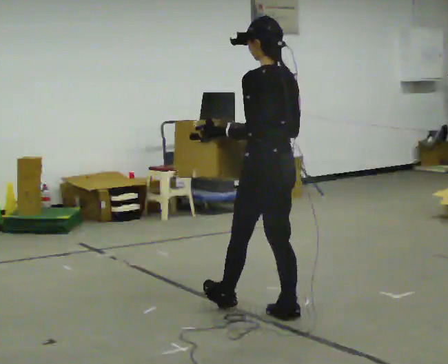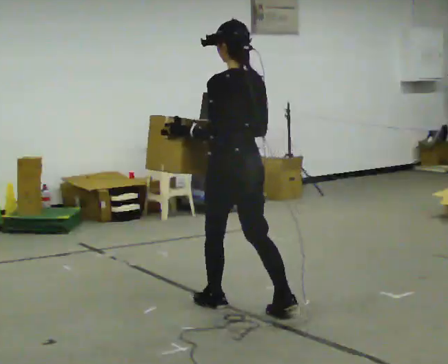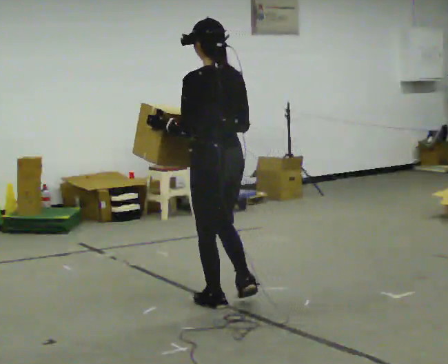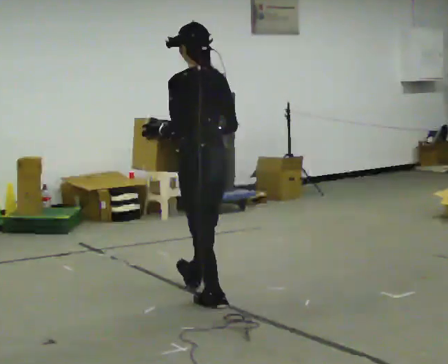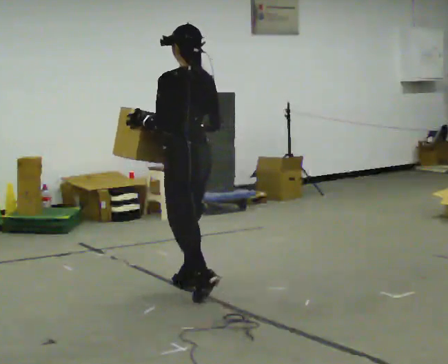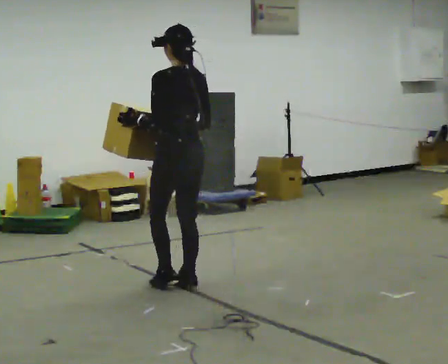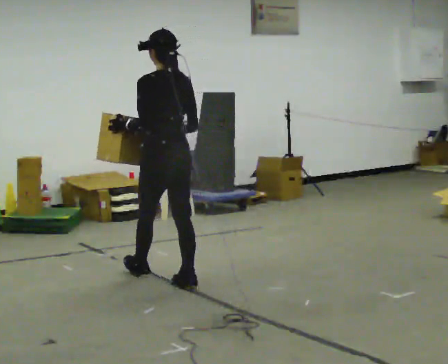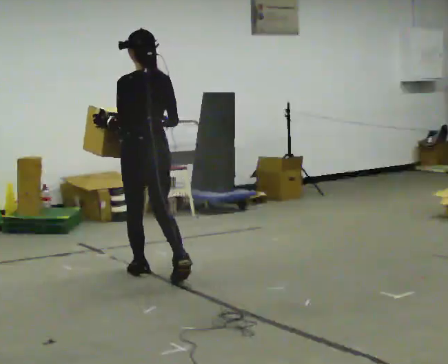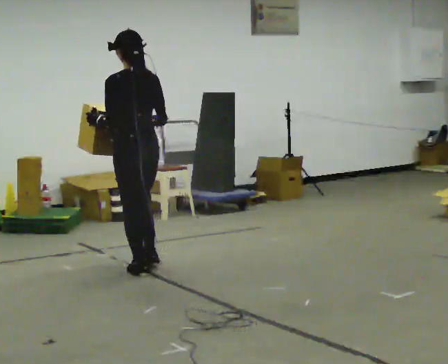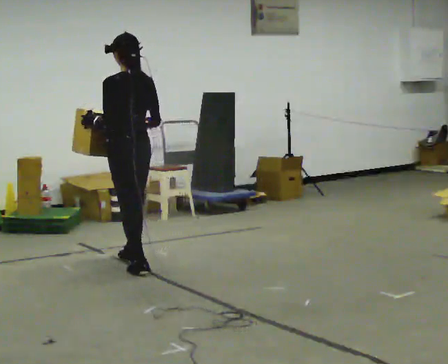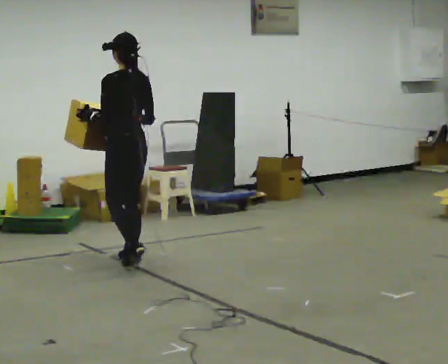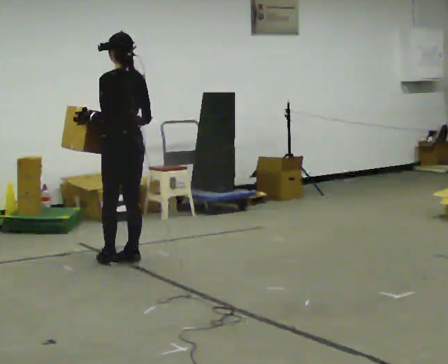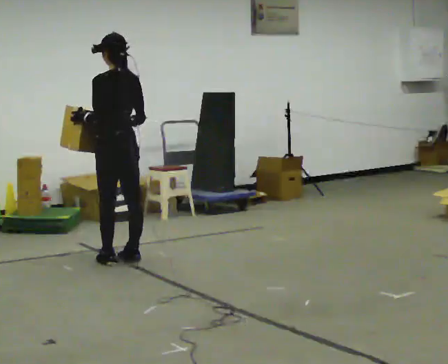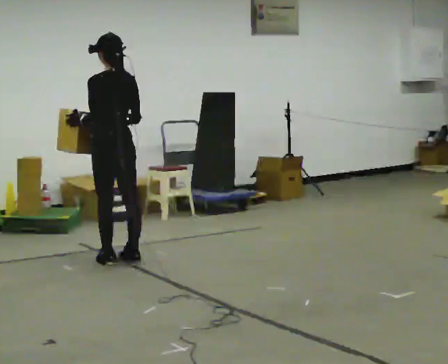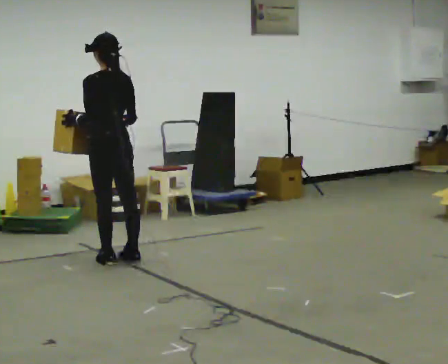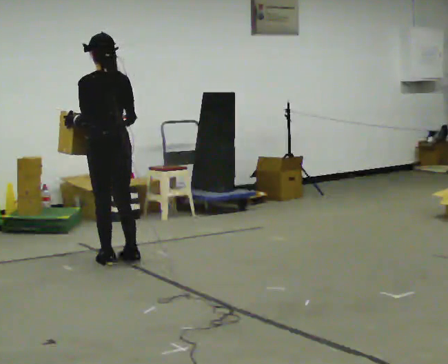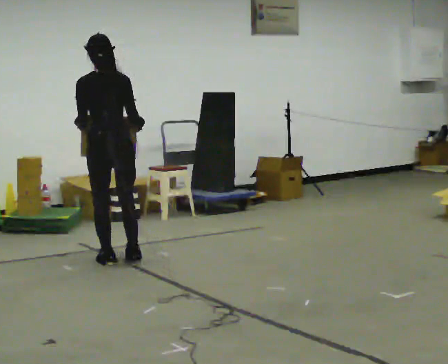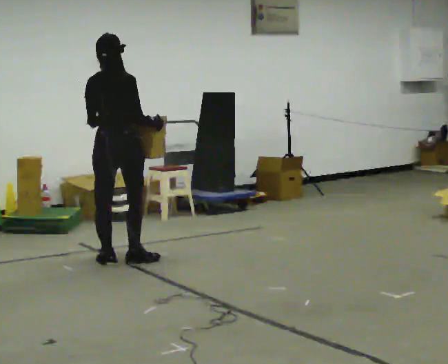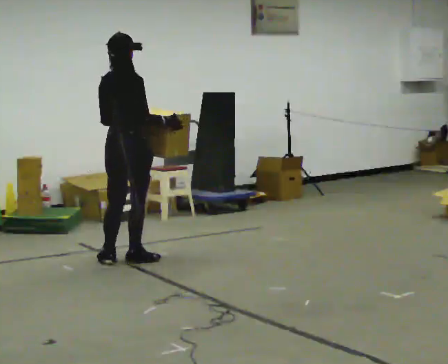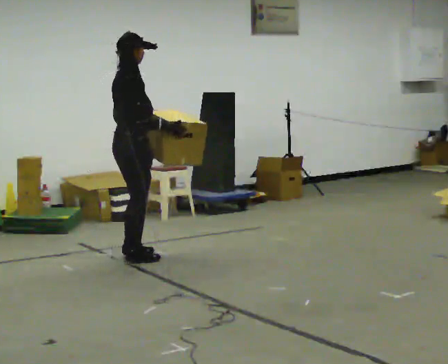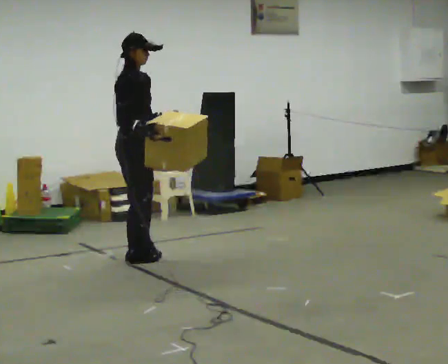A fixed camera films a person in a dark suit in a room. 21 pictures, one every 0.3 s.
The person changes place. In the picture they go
away from the camera.
0.0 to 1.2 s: In the picture they go away from the camera and to the left, about 0.5 m in 2 steps, which for them is forward.
1.2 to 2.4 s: In the picture they go away from the camera and to the left, about 0.5 m in 1 step, which for them is forward.
2.4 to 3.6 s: In the picture they go away from the camera, about 0.25 m in 2 steps, which for them is forward.
3.6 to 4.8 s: Seen from above the body turns clockwise, about 45 degrees: to their right, with its near side sliding to the left.
4.8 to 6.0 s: The person turns about 120 degrees to their right, clockwise seen from above, so the part of the body nearest the lens slides to the left. In the picture they go to the right and away from the camera, about 0.25 m in 1 step.
The film runs forward here.
